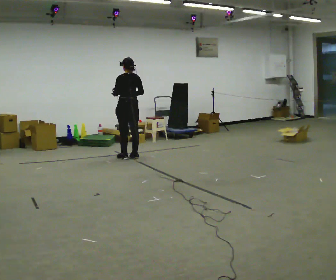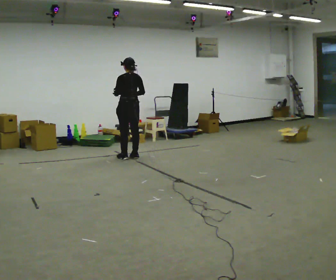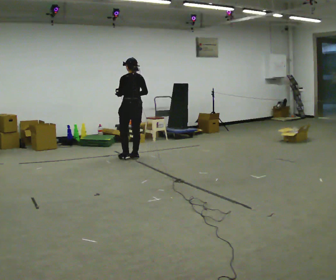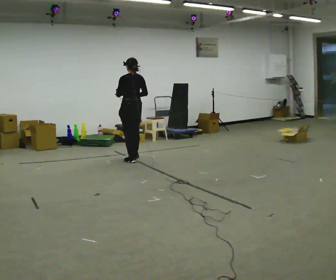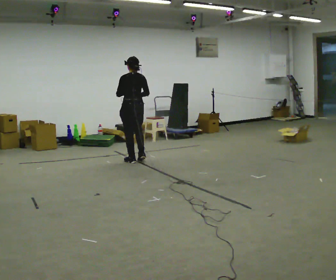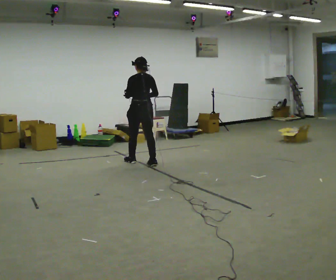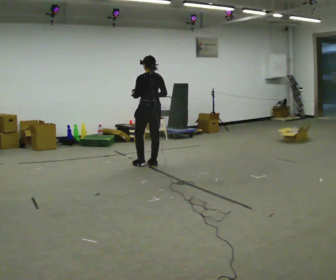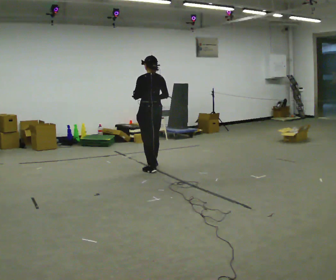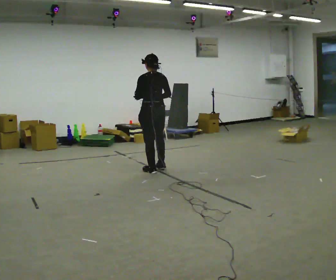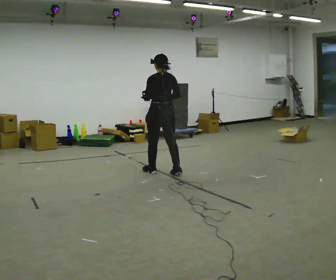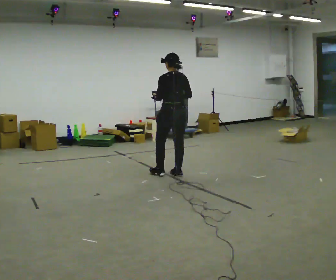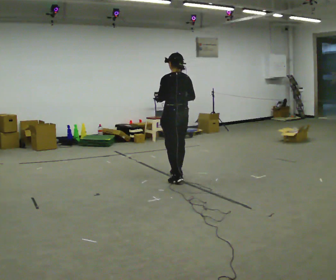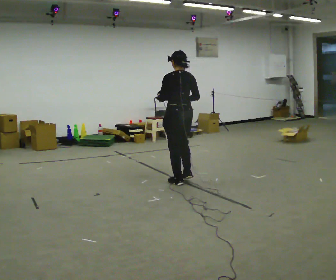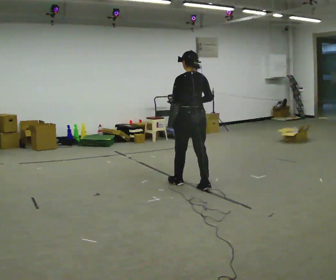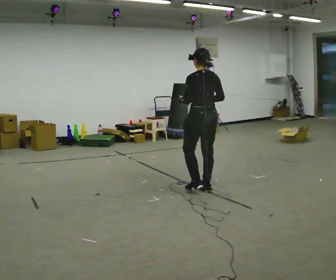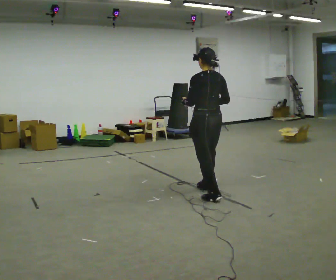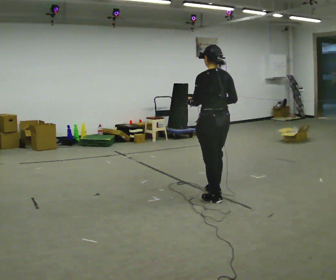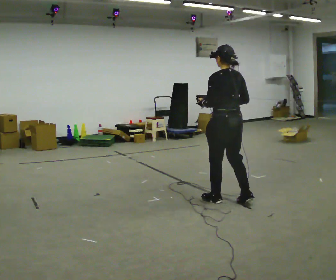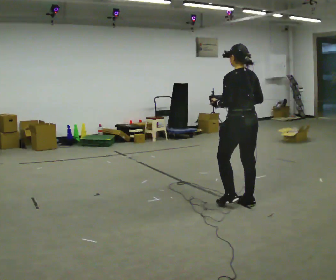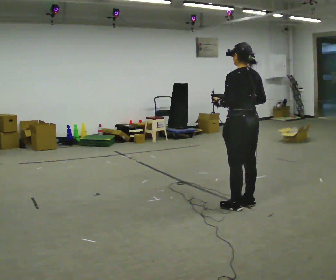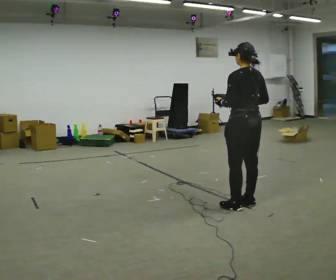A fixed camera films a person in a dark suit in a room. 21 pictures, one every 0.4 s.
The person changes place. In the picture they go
toward the camera.
0.0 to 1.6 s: In the picture they go toward the camera, about 0.25 m in 2 steps, which for them is backward.
1.6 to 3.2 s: In the picture they go toward the camera and to the right, about 0.75 m in 2 steps, which for them is backward.
3.2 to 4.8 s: In the picture they go toward the camera and to the right, about 0.75 m in 2 steps, which for them is backward.
4.8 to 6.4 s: In the picture they go toward the camera and to the right, about 1 m in 2 steps, which for them is backward.
6.4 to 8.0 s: In the picture they go to the right and toward the camera, about 0.25 m in 1 step, which for them is backward.
The film runs backward here.
